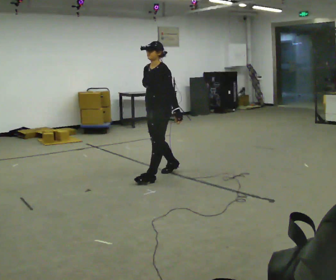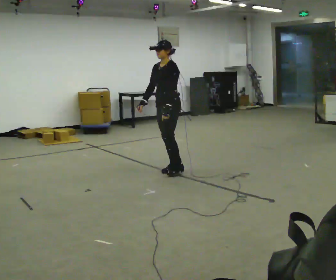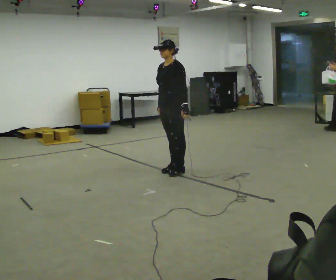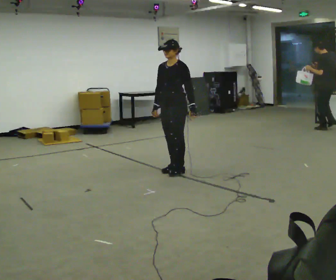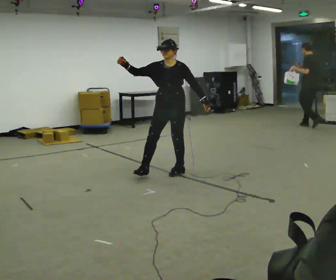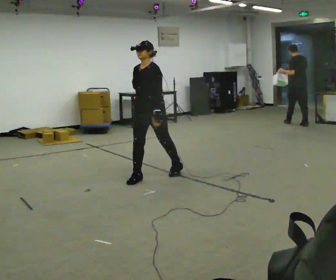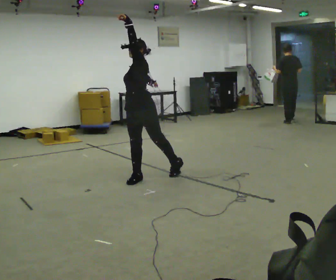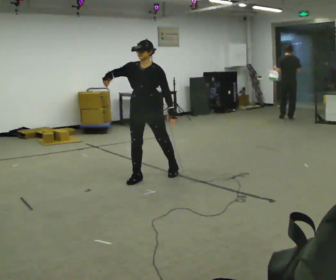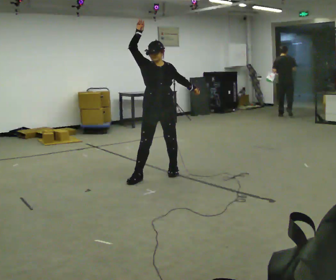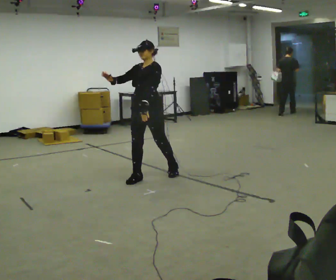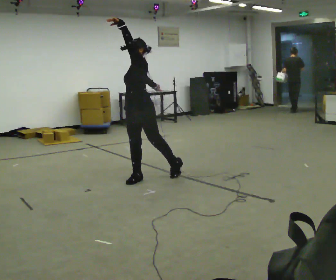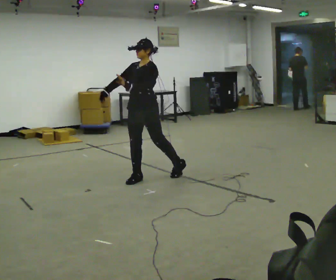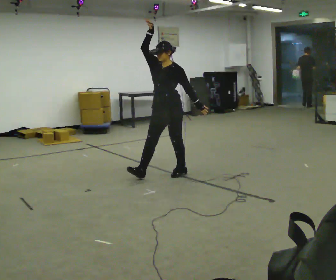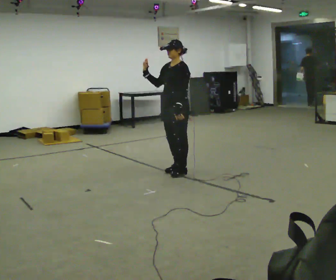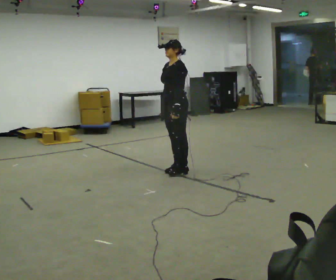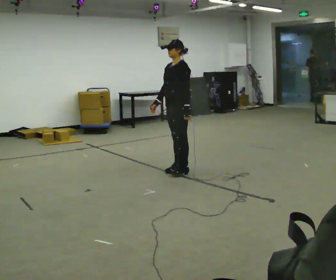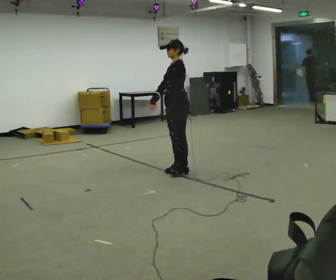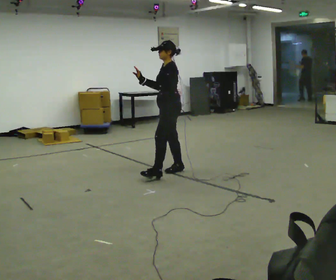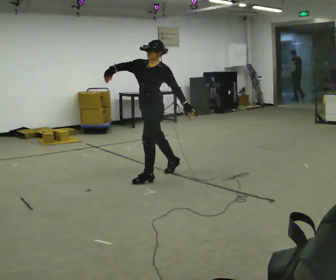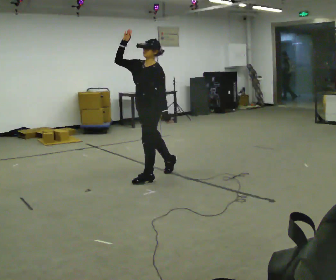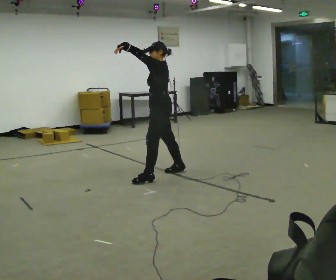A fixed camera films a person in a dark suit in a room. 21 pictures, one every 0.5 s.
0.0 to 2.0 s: The part of the body nearest the lens slides to the right as the person turns to their left by about 45 degrees. In the picture their right hand goes upward and to the left.
2.0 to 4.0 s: In the picture they go to the left, about 0.25 m in 1 step. In the picture their right hand goes upward.
4.0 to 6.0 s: Seen from above the body turns clockwise, about 45 degrees: to their right, with its near side sliding to the left.
6.0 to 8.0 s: The part of the body nearest the lens slides to the left as the person turns to their right by about 45 degrees. In the picture their right hand goes downward and to the right, the arm swinging counterclockwise.
8.0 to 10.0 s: In the picture they go to the left and toward the camera, about 0.25 m in 1 step, which for them is forward. In the picture their left hand goes upward and to the left.
The film runs forward here.
